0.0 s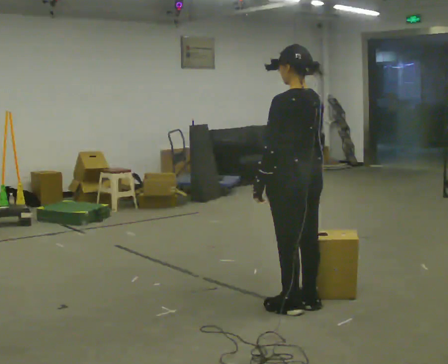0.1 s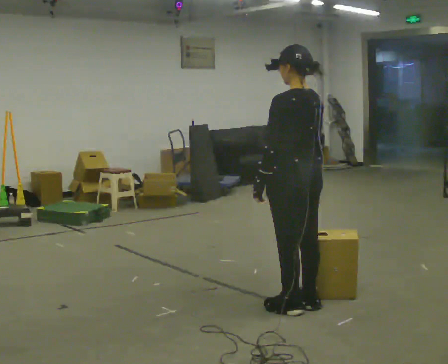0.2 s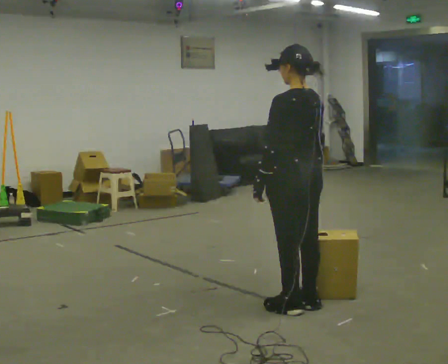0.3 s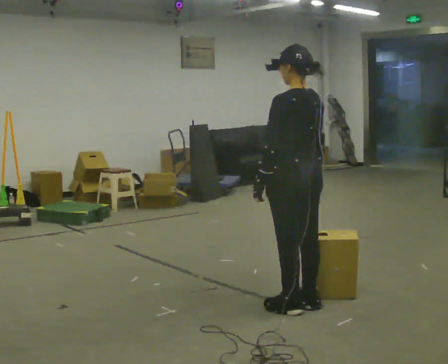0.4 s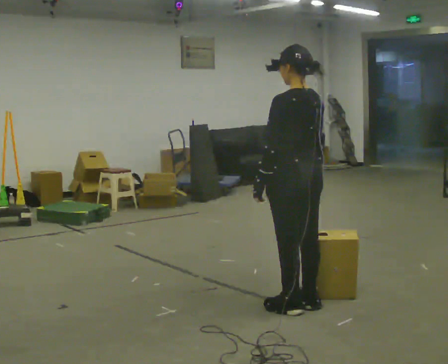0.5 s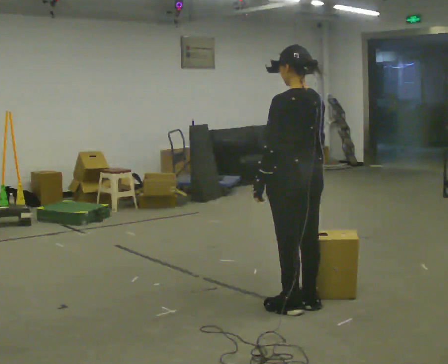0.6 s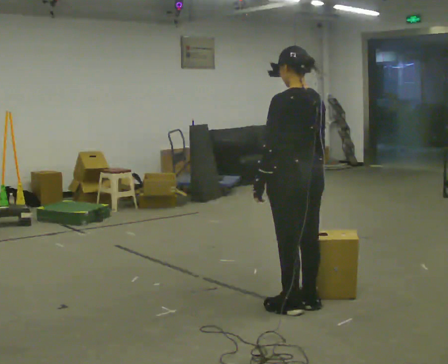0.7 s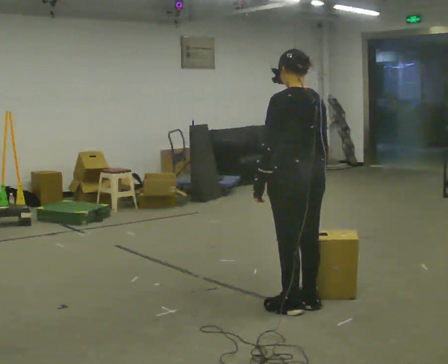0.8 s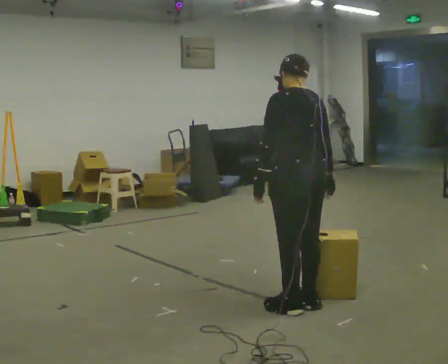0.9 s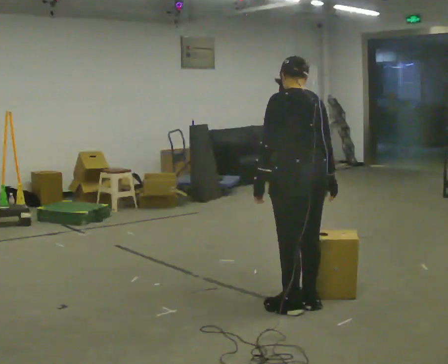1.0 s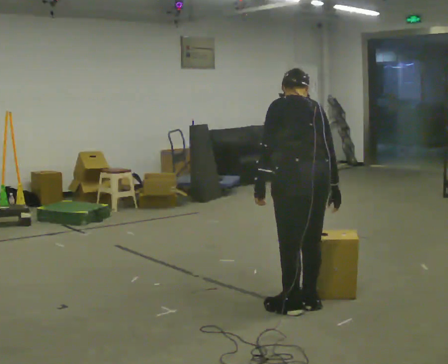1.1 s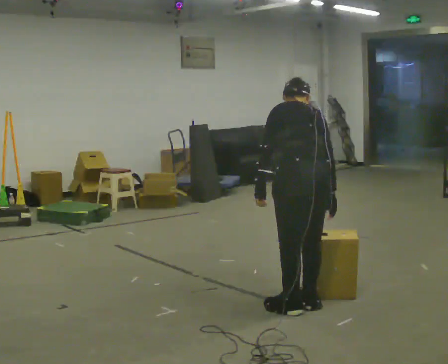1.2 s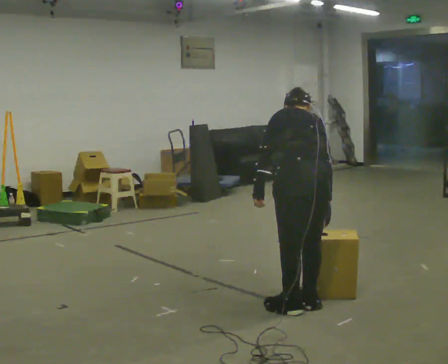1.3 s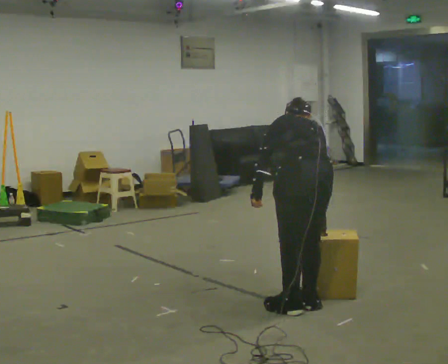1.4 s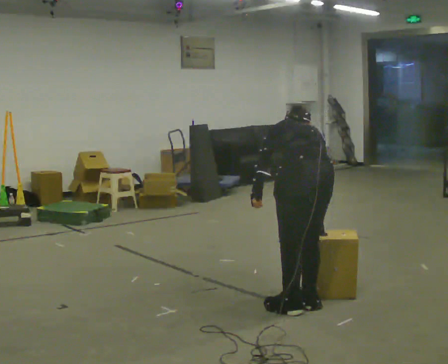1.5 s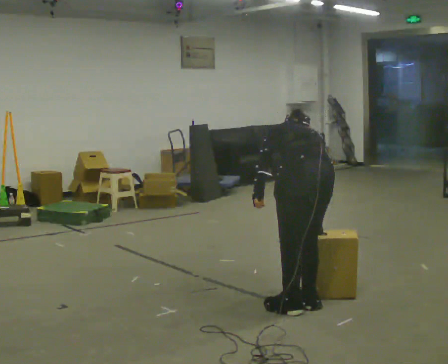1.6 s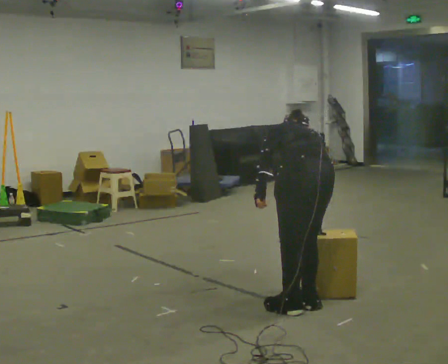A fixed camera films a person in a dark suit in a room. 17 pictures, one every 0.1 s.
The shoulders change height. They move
downward.
The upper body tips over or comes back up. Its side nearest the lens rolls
upward.
0.0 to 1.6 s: The shoulders move downward. The upper body tips away from the camera, its near side rolling upward, as they bend forward.
The film runs forward here.
